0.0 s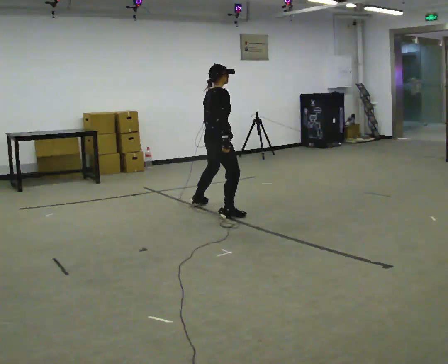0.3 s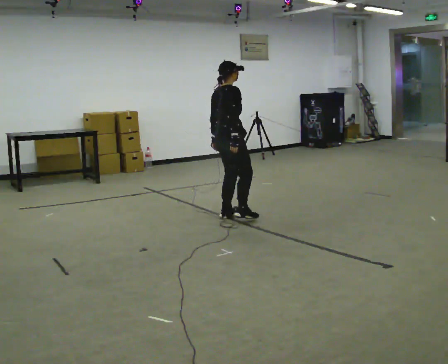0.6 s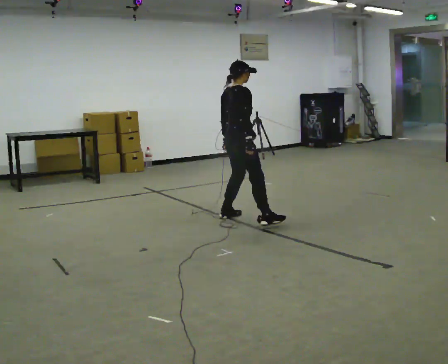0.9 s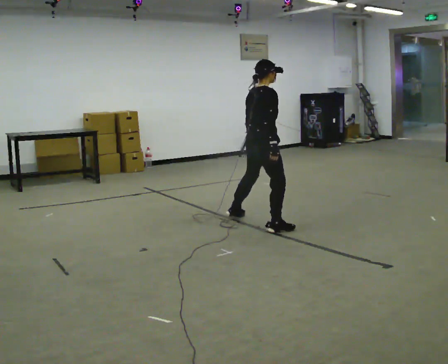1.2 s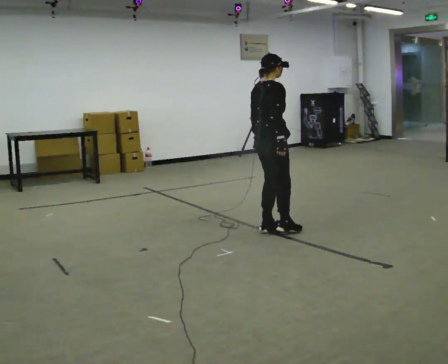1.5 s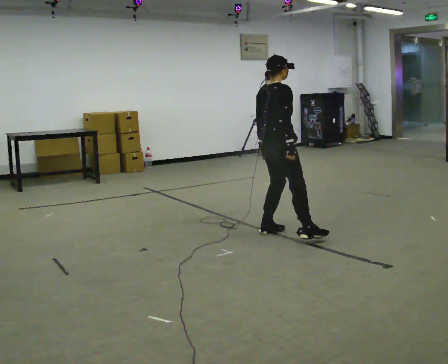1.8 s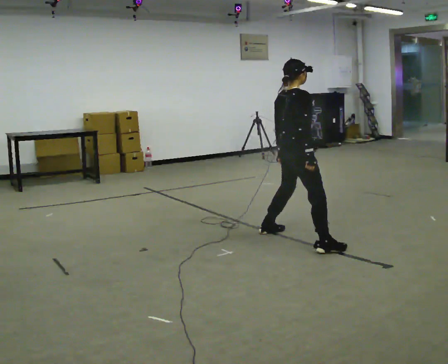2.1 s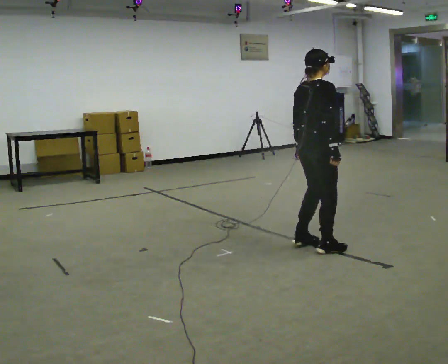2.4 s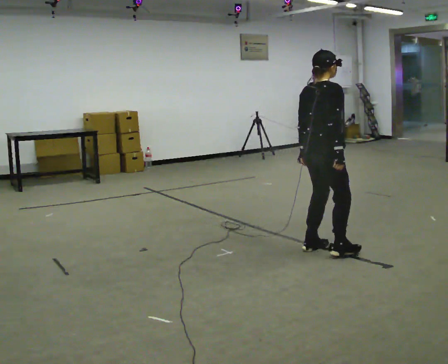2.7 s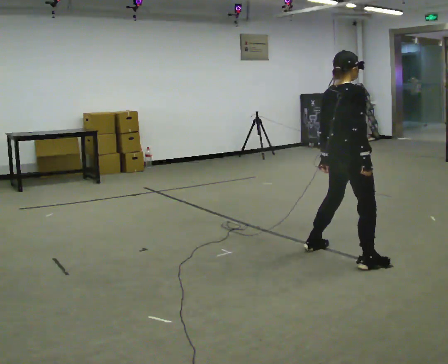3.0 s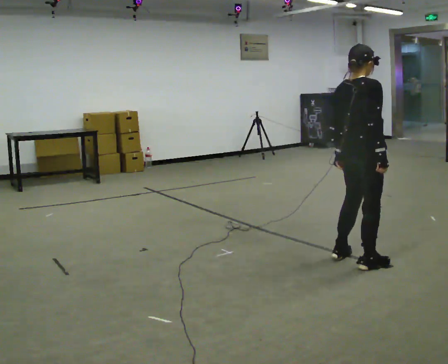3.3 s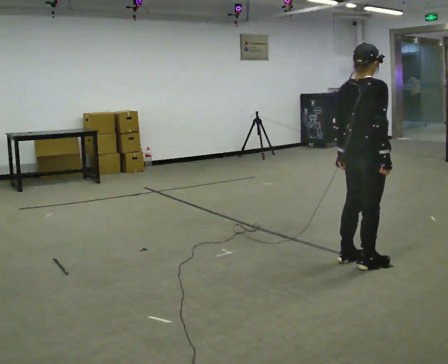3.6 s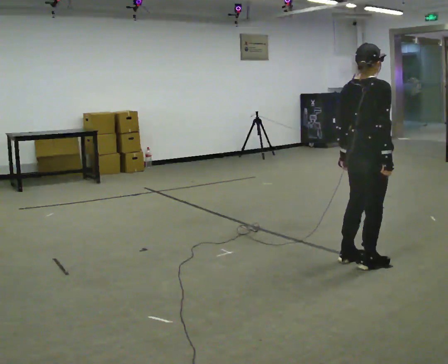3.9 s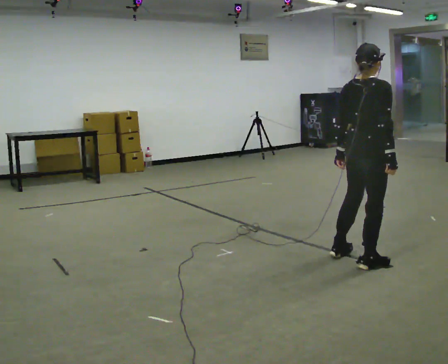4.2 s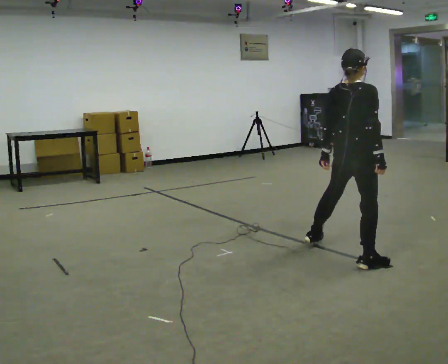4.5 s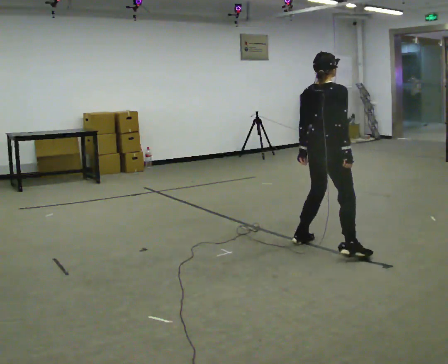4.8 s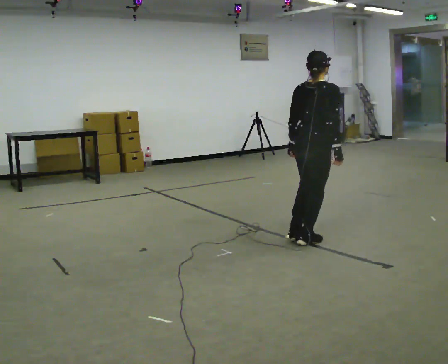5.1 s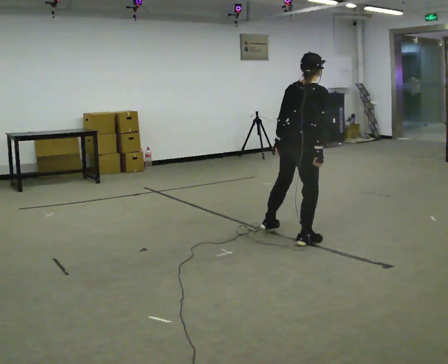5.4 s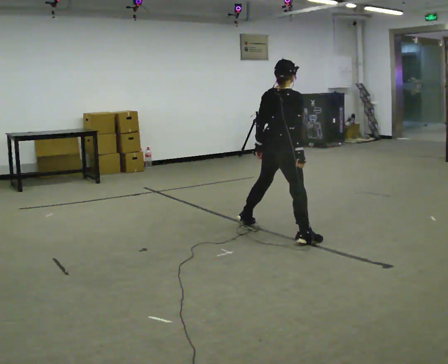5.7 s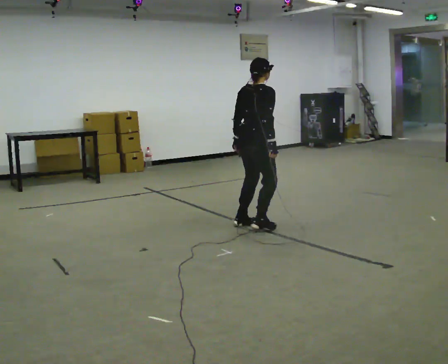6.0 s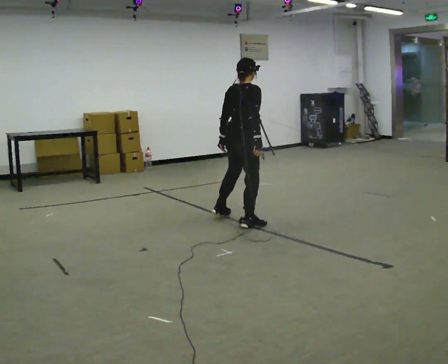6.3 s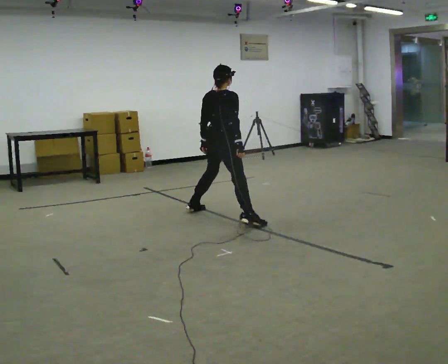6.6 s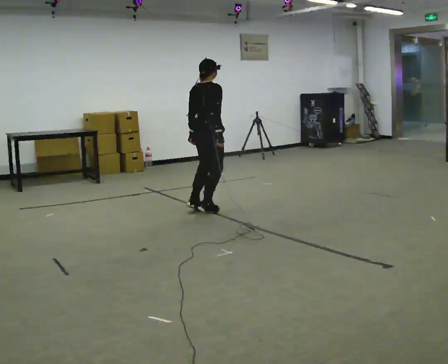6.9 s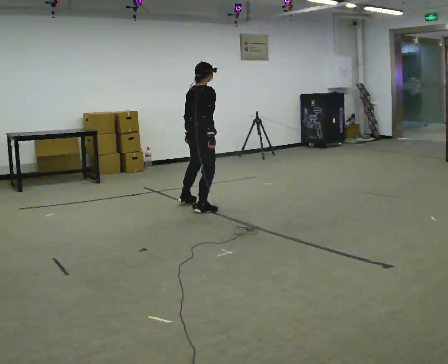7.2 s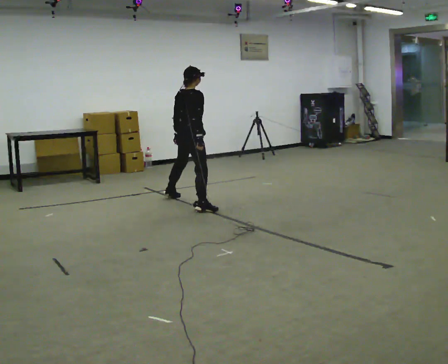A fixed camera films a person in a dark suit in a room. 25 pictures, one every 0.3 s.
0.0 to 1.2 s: In the picture they go to the right and toward the camera, about 1 m in 3 steps, which for them is to their right.
1.2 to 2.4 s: In the picture they go toward the camera and to the right, about 0.5 m in 2 steps, which for them is to their right.
2.4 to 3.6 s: In the picture they go to the right and toward the camera, about 0.5 m in 2 steps, which for them is to their right.
3.6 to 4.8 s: In the picture they go away from the camera and to the left, about 0.75 m in 2 steps, which for them is to their left.
4.8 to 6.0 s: In the picture they go to the left and away from the camera, about 1 m in 2 steps, which for them is to their left.
6.0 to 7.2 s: In the picture they go to the left and away from the camera, about 1 m in 2 steps, which for them is to their left.
The film runs forward here.
